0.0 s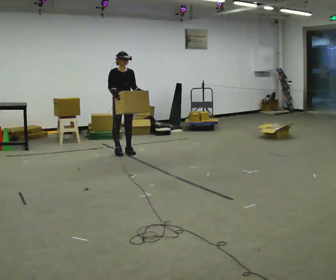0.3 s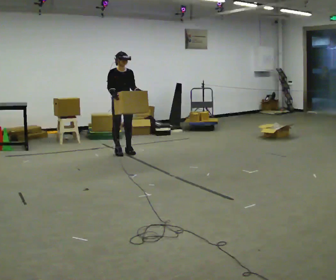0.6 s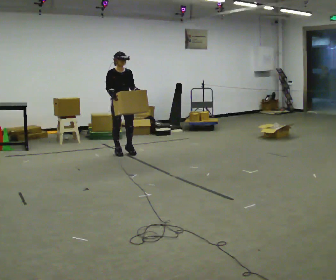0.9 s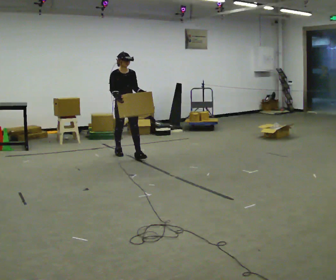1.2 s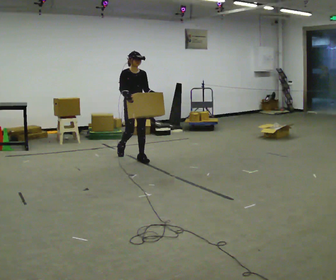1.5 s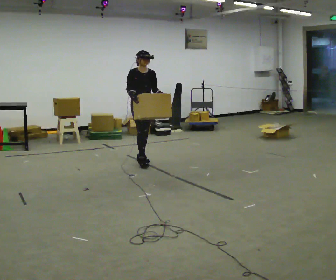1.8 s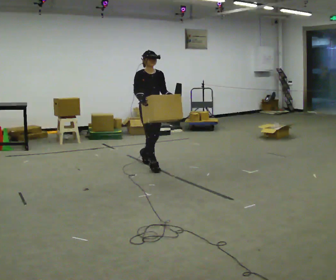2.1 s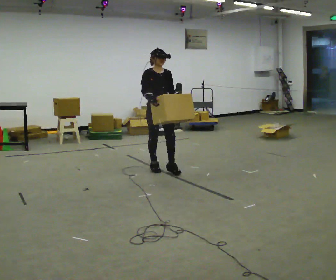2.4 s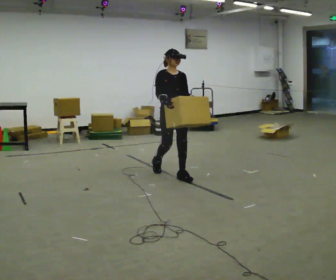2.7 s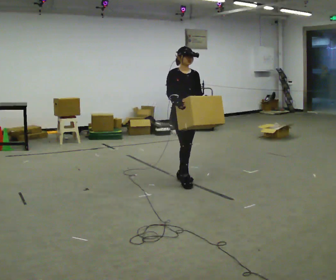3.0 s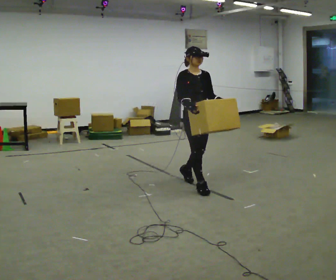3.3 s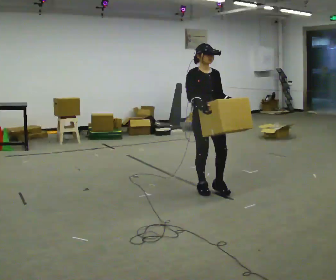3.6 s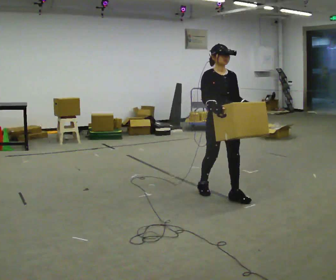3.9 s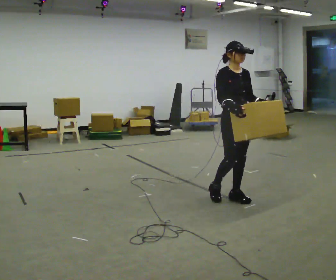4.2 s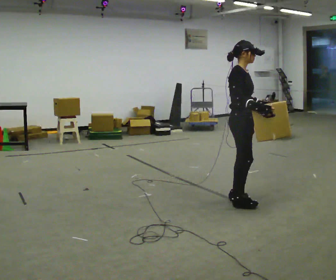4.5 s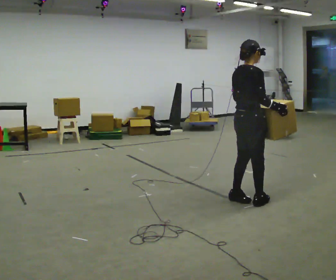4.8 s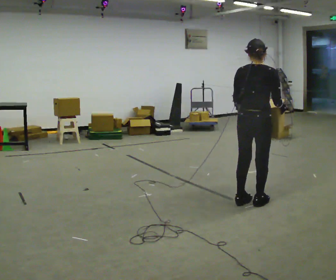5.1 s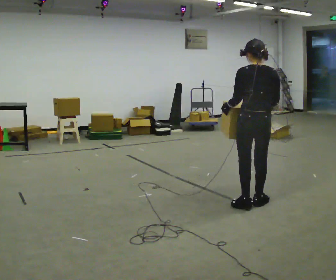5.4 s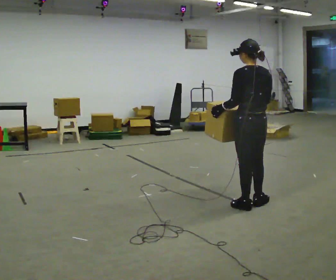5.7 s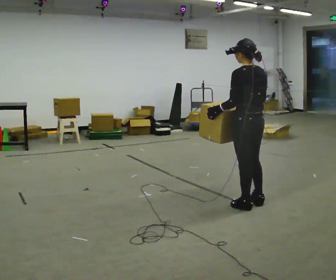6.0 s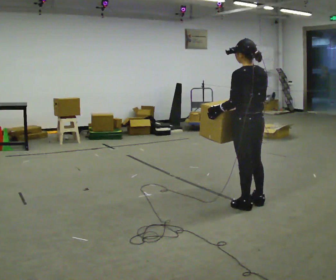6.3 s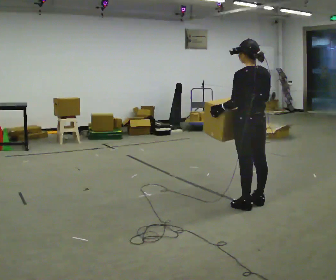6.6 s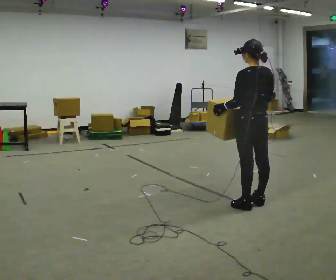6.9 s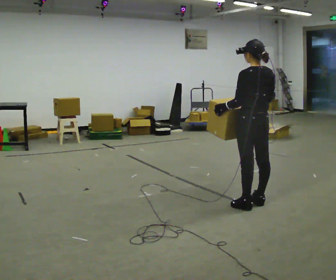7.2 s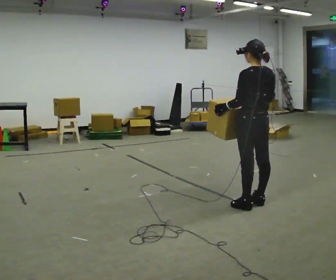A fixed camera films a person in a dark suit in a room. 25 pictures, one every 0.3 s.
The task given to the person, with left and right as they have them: Carry the box in both hands and walk back and forth across the room. The contents may move around. Carry on as best you can.
0.0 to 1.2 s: In the picture they go to the right and toward the camera, about 0.5 m in 1 step, which for them is forward.
1.2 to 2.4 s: In the picture they go to the right and toward the camera, about 1 m in 2 steps, which for them is forward.
2.4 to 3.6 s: In the picture they go toward the camera and to the right, about 1 m in 2 steps, which for them is forward.
3.6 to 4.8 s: The part of the body nearest the lens slides to the right as the person turns to their left by about 135 degrees. In the picture they go to the right and toward the camera, about 0.5 m in 1 step.
4.8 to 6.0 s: The part of the body nearest the lens slides to the right as the person turns to their left by about 60 degrees. In the picture their right hand goes to the left.
6.0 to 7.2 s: The person moves a little, or ends about where they began.
The film runs forward here.
